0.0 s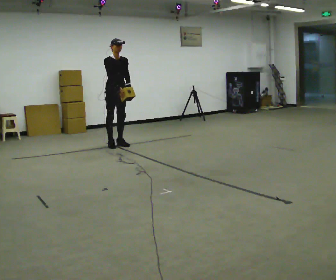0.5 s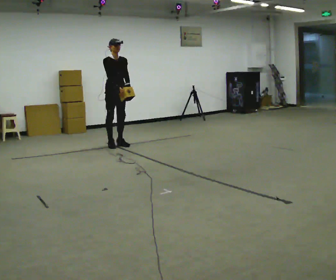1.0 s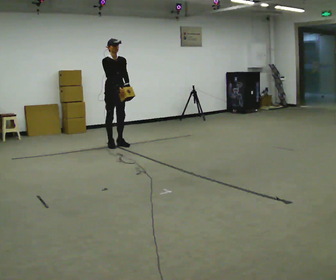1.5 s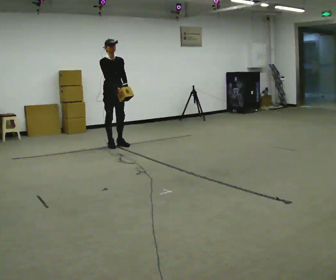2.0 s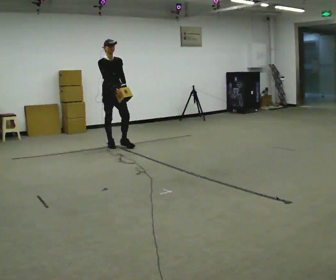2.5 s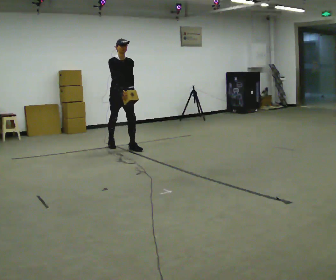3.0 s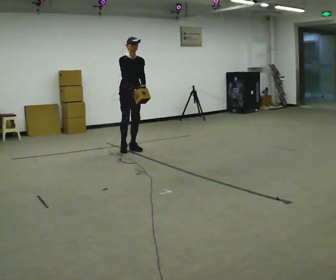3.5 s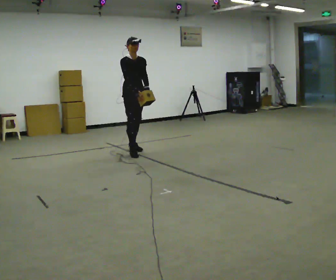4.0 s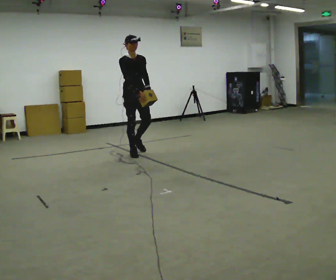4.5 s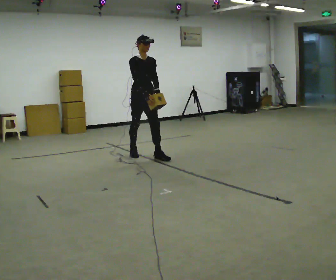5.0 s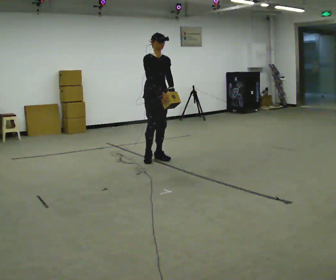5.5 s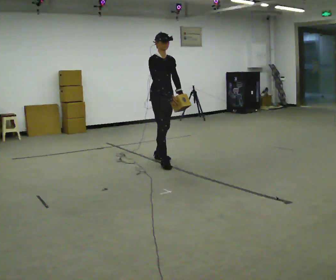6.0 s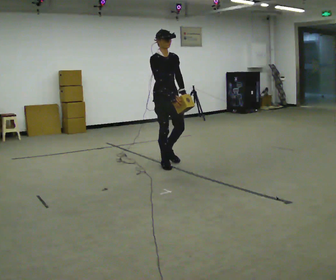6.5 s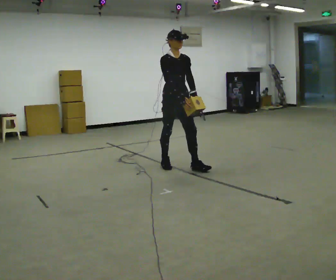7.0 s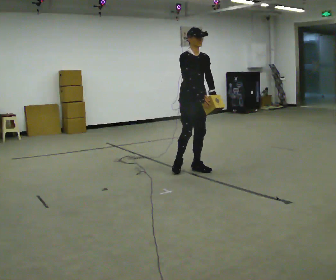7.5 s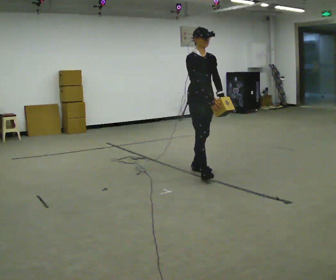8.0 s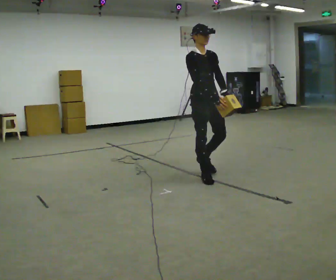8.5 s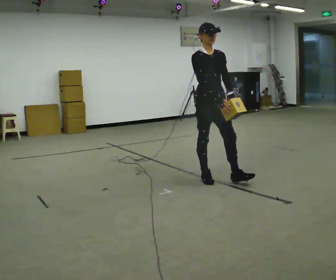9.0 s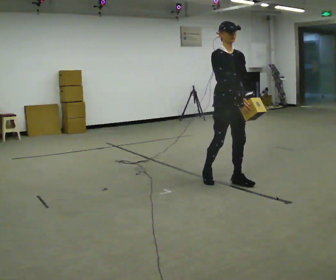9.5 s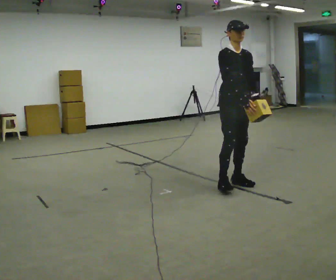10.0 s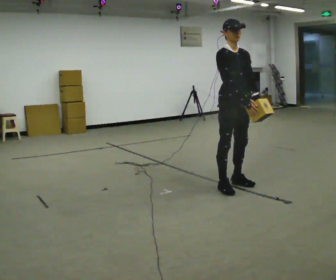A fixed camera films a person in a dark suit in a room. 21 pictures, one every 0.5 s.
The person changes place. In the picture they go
toward the camera.
0.0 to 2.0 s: The person moves a little, or ends about where they began.
2.0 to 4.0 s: In the picture they go toward the camera and to the right, about 0.75 m in 2 steps, which for them is forward.
4.0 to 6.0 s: In the picture they go toward the camera and to the right, about 1 m in 2 steps, which for them is forward.
6.0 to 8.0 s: In the picture they go toward the camera and to the right, about 0.5 m in 2 steps, which for them is forward.
8.0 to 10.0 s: In the picture they go toward the camera and to the right, about 0.5 m in 2 steps, which for them is forward.
The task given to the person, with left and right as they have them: Carry the light box in both hands in front of you, walking back and forth across the room. Keep walking until the operator says stop.
The film runs forward here.
